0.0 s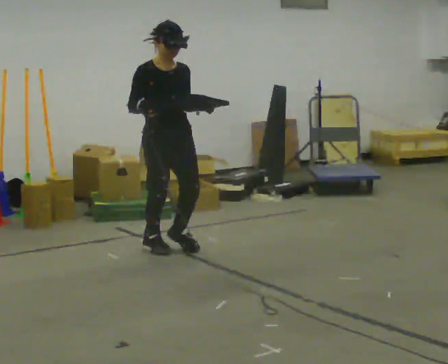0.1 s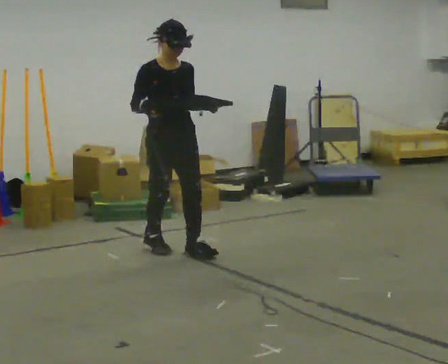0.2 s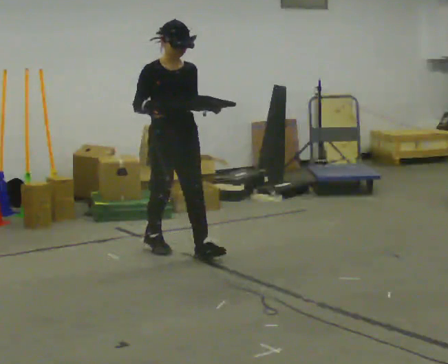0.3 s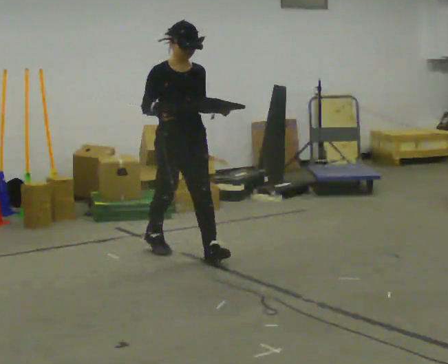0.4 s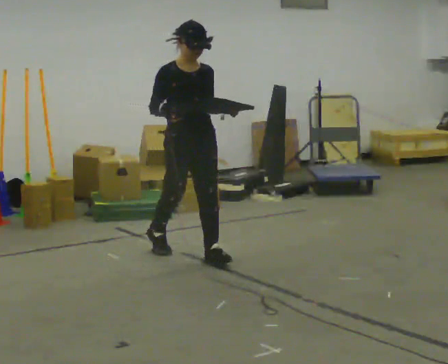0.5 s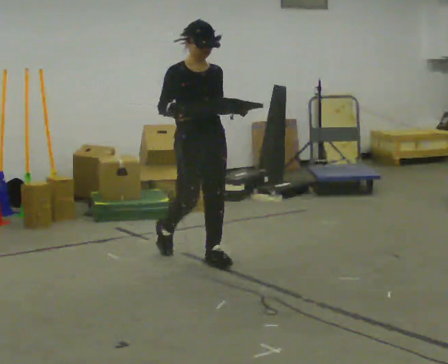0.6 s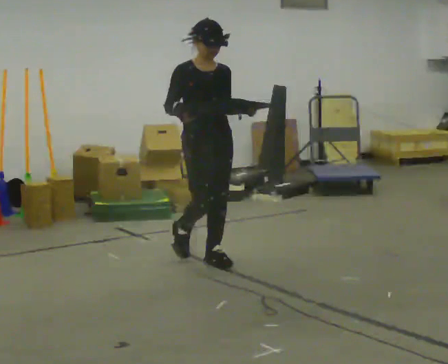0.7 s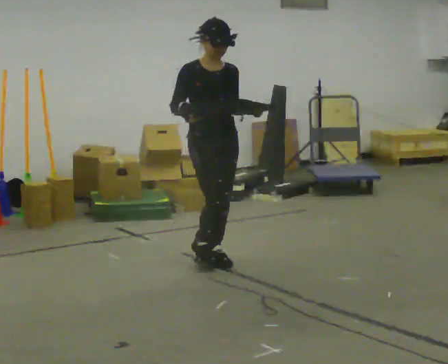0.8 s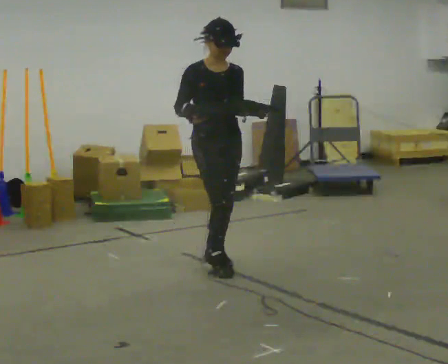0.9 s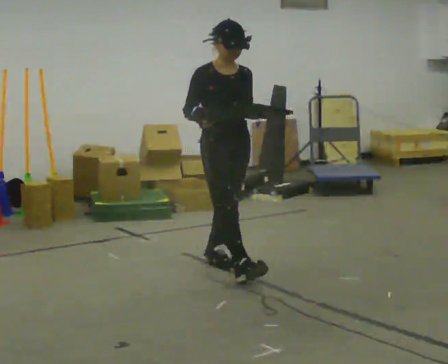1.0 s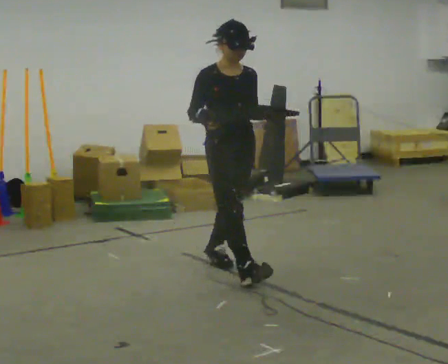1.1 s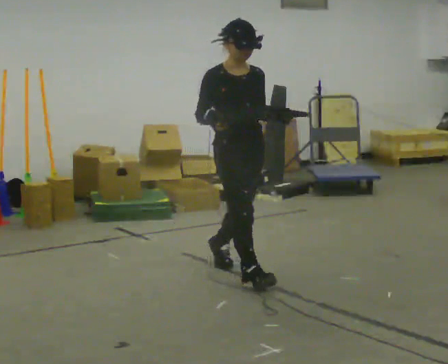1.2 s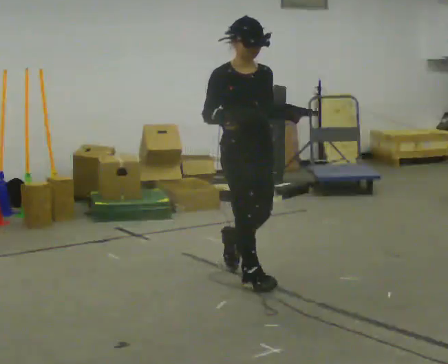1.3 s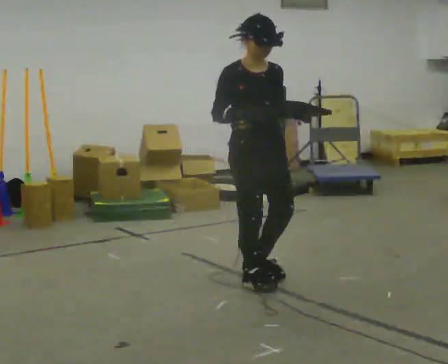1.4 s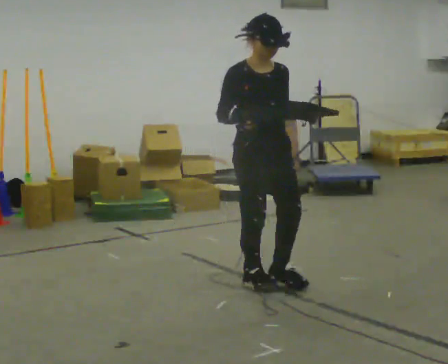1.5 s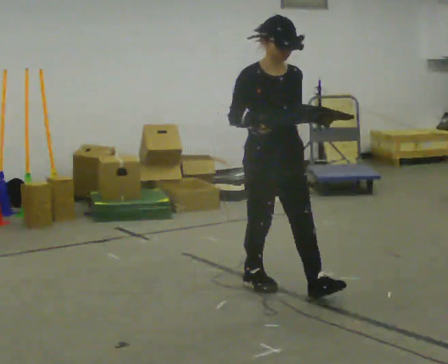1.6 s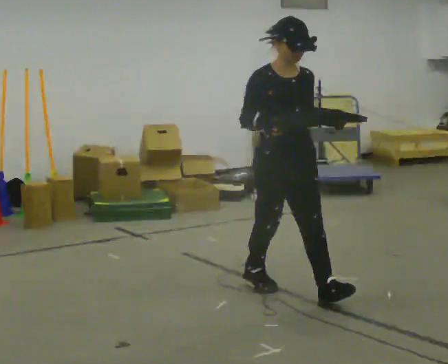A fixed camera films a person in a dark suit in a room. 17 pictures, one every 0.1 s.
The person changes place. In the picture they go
toward the camera.
0.0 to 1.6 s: In the picture they go toward the camera and to the right, about 1 m in 2 steps, which for them is forward.
The film runs forward here.
